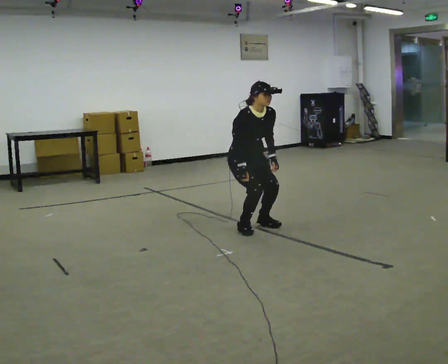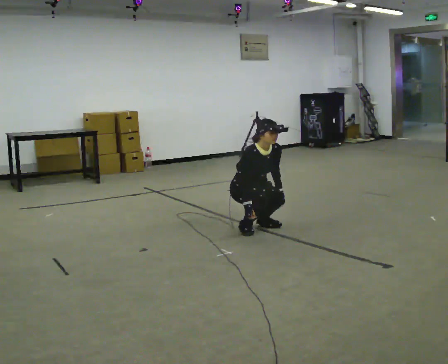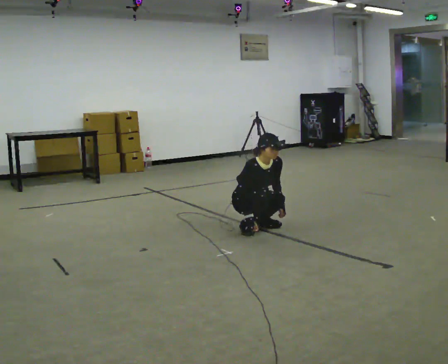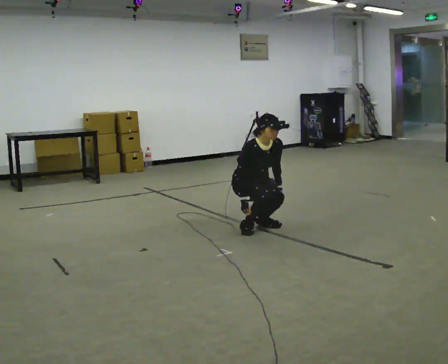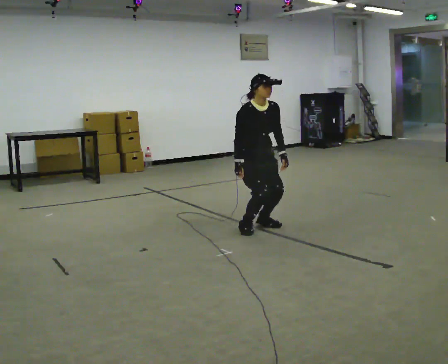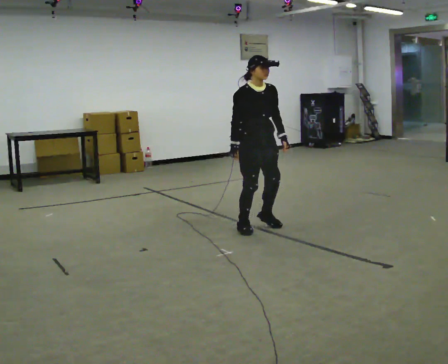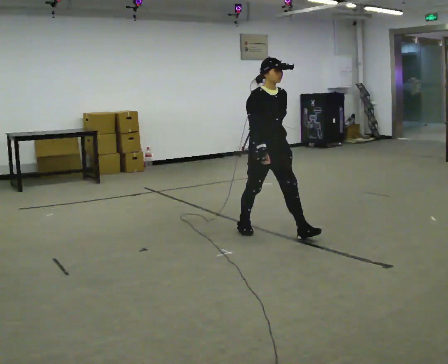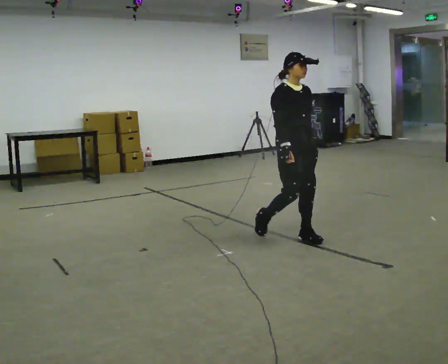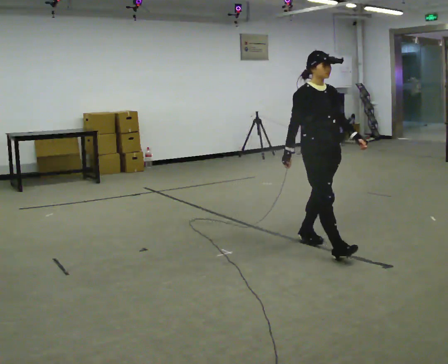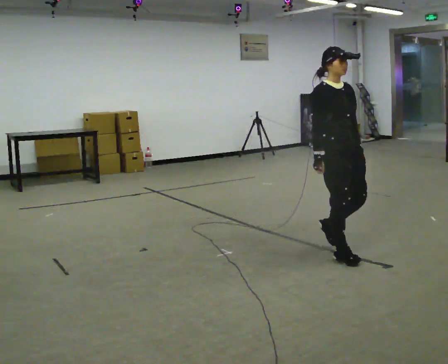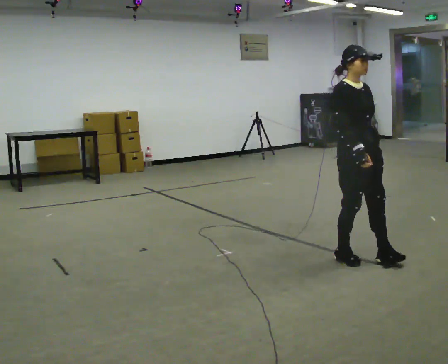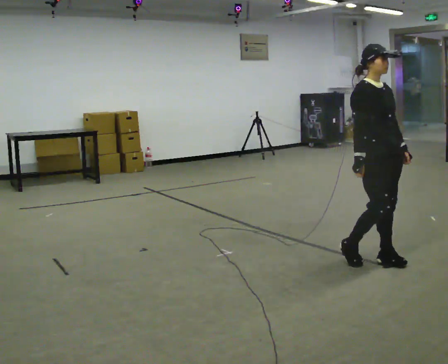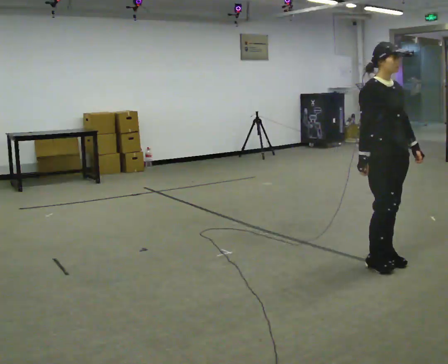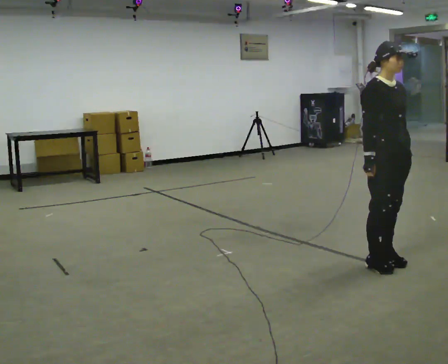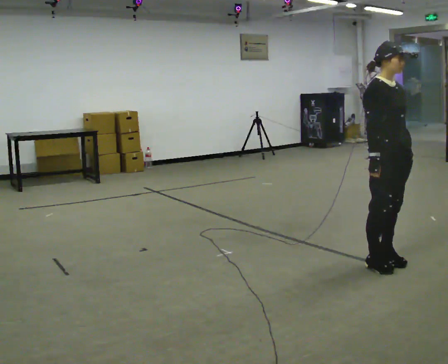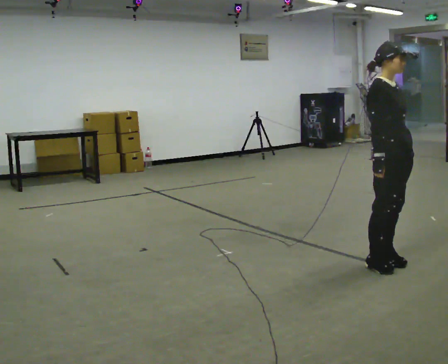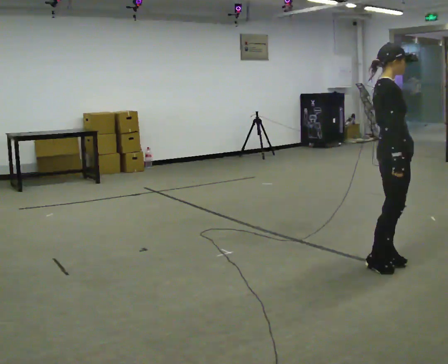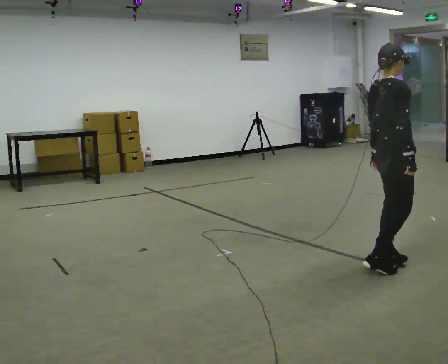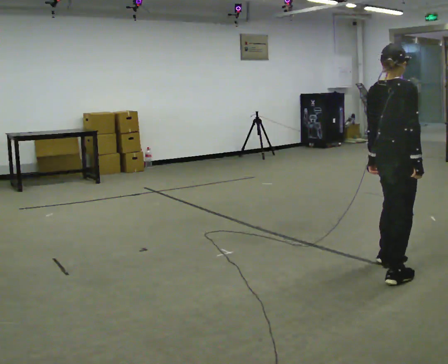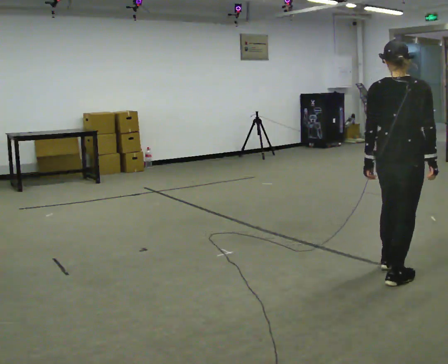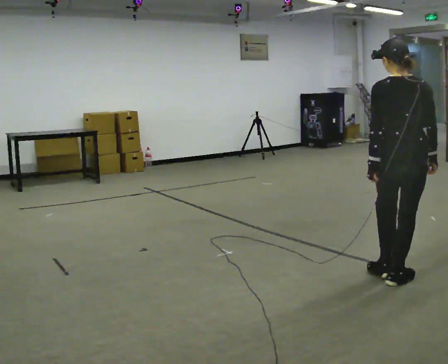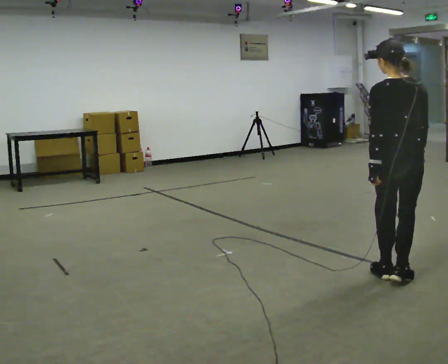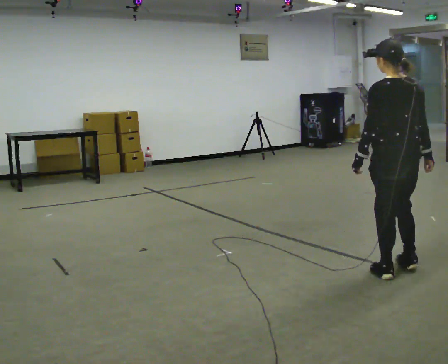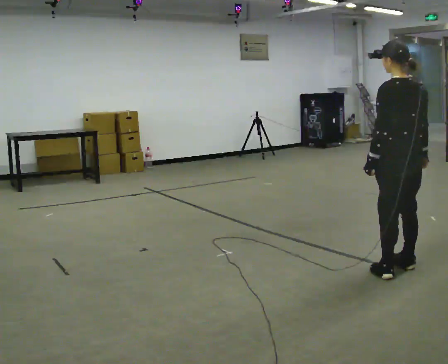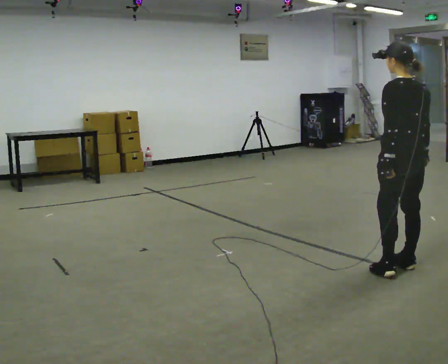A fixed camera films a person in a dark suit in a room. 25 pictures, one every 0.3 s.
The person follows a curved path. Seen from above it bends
counterclockwise.
The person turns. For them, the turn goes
to their left.
0.0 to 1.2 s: The person moves a little, or ends about where they began.
1.2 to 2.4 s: In the picture they go to the right and toward the camera, about 1 m in 1 step, which for them is forward.
2.4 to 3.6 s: In the picture they go to the right and toward the camera, about 0.5 m in 3 steps, which for them is forward.
3.6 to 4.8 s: Seen from above the body turns counterclockwise, about 45 degrees: to their left, with its near side sliding to the right.
4.8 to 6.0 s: The part of the body nearest the lens slides to the right as the person turns to their left by about 105 degrees. In the picture they go toward the camera, about 0.25 m in 2 steps.
6.0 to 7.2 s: Seen from above the body turns counterclockwise, about 30 degrees: to their left, with its near side sliding to the right. In the picture they go away from the camera, about 0.25 m in 1 step, which for them is to their right and forward.
The film runs forward here.
